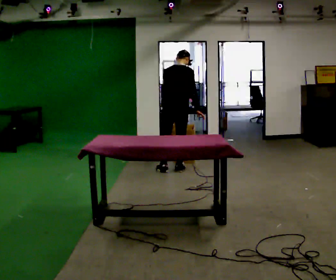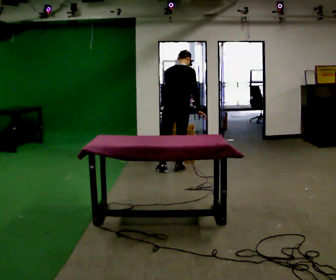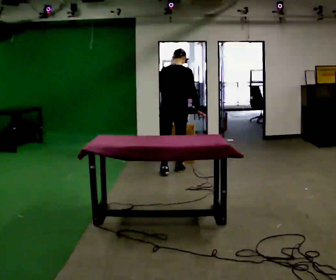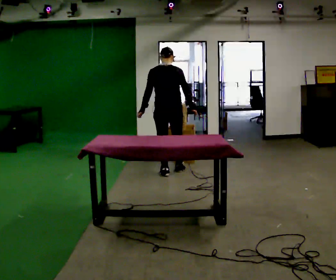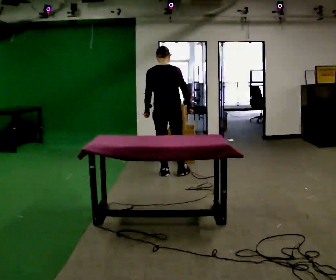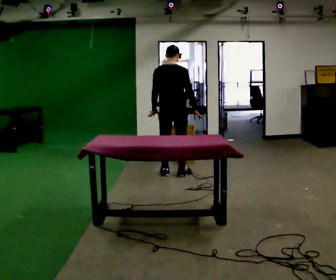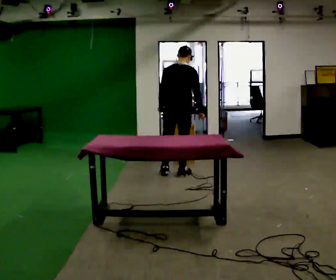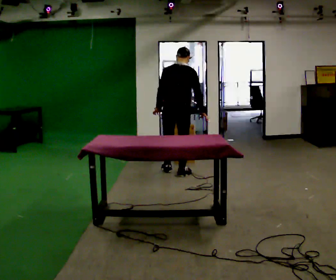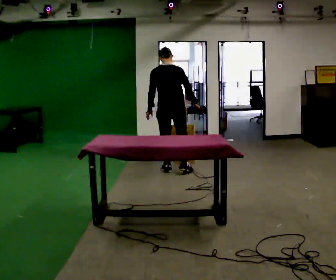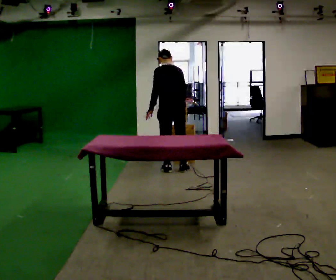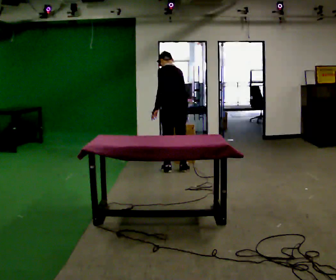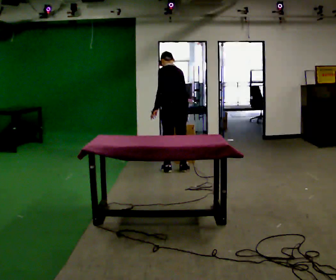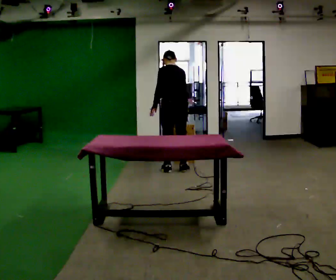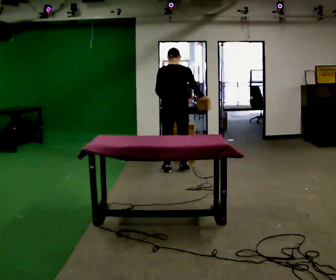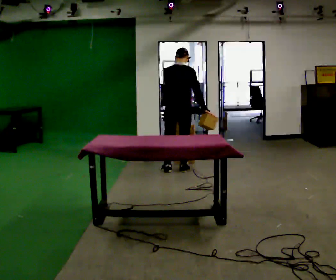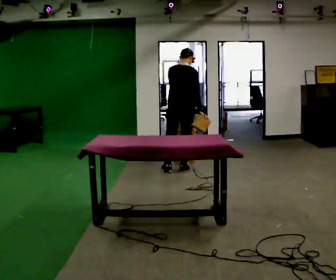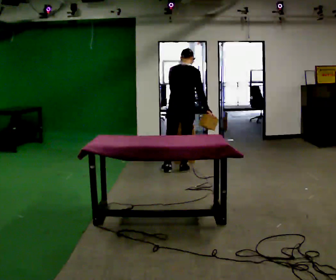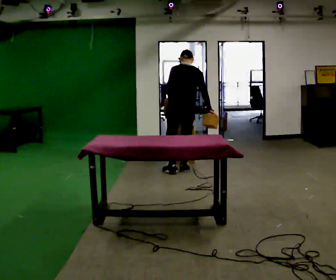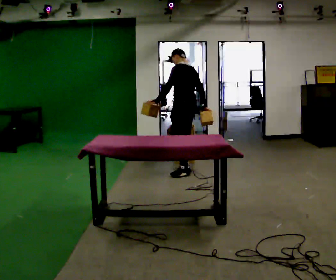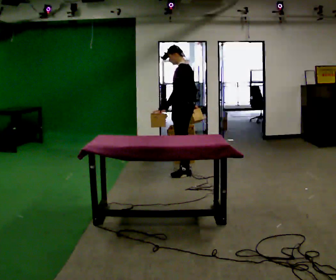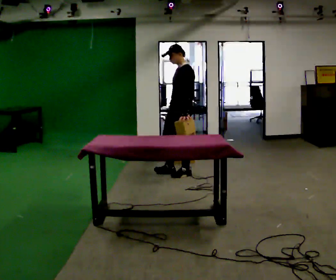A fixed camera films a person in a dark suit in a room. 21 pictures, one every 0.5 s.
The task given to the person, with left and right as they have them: Carry two objects across the room, then put just one of them on the shelf while still holding the other. Then bring them both back. Keep going until the operator says stop; one object at a time, and do not rush between trips.
0.0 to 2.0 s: In the picture they go toward the camera, about 0.25 m in 1 step, which for them is backward. In the picture their left hand goes to the left.
2.0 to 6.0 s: The part of the body nearest the lens slides to the right as the person turns to their left by about 30 degrees. In the picture they go away from the camera, about 0.25 m in 3 steps, which for them is forward and to their right. The upper body tips away from the camera, its near side rolling upward.
6.0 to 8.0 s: Seen from above the body turns clockwise, about 30 degrees: to their right, with its near side sliding to the left. In the picture their right hand goes to the right.
8.0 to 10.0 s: The person turns about 120 degrees to their left, counterclockwise seen from above, so the part of the body nearest the lens slides to the right. In the picture they go toward the camera, about 0.25 m in 1 step.
The film runs forward here.
